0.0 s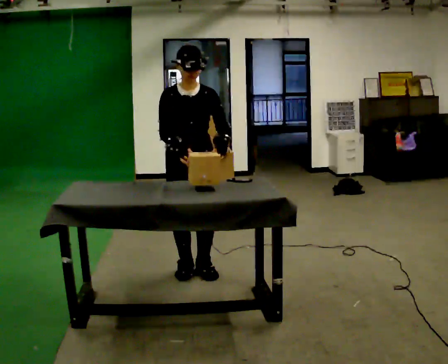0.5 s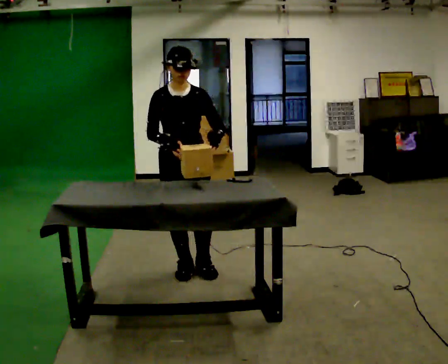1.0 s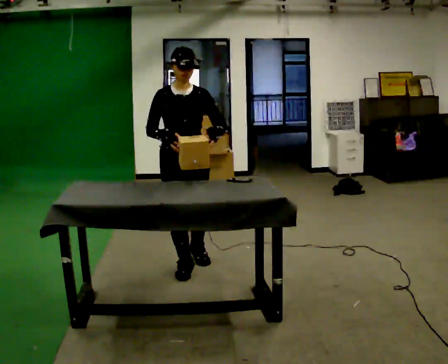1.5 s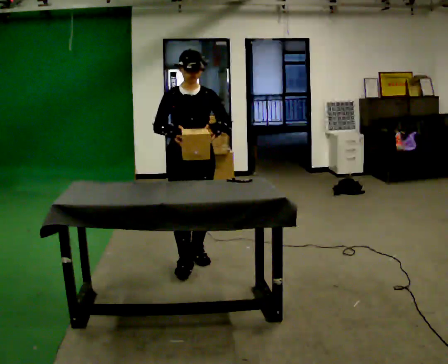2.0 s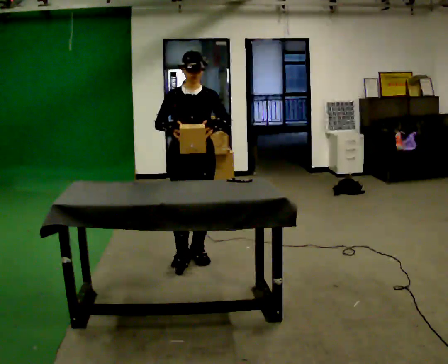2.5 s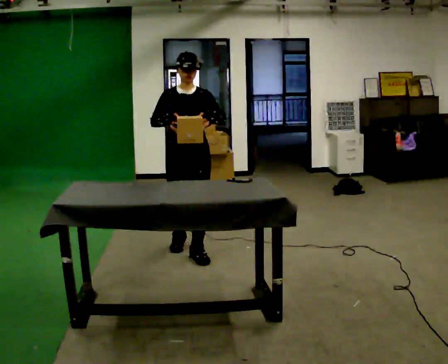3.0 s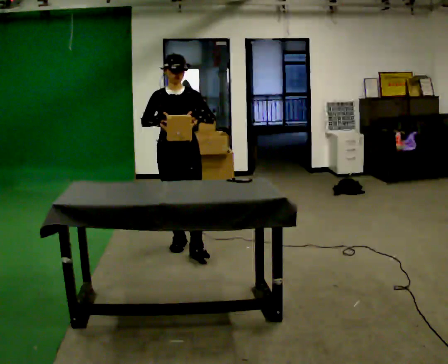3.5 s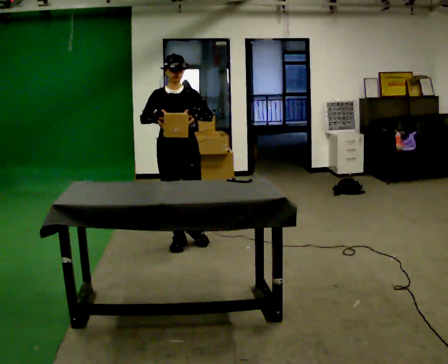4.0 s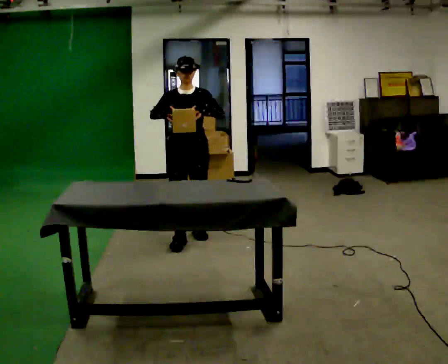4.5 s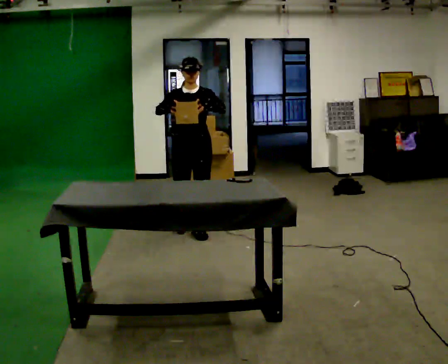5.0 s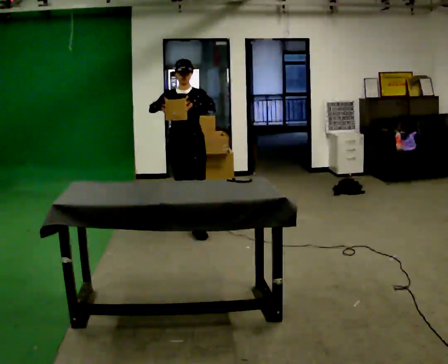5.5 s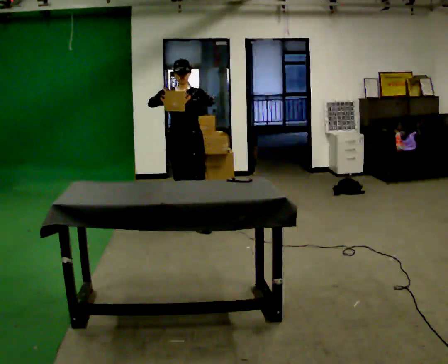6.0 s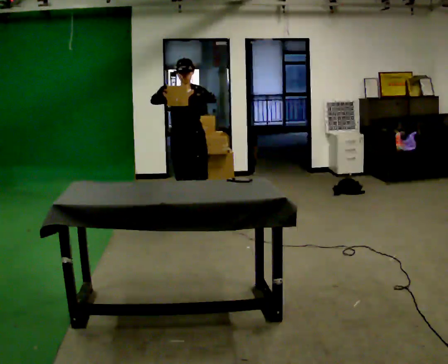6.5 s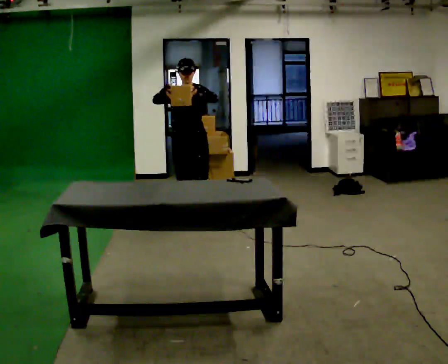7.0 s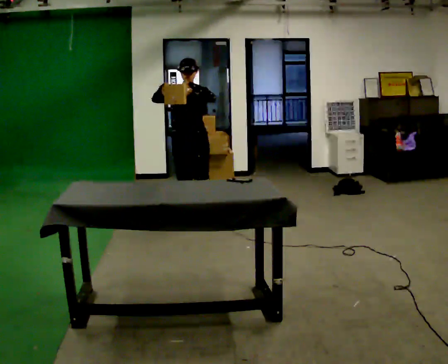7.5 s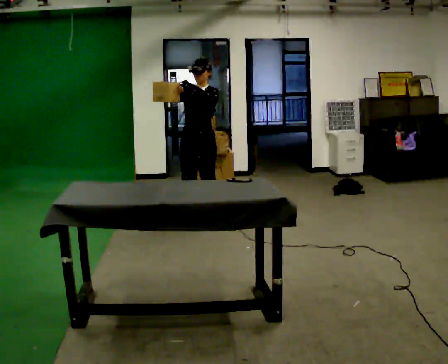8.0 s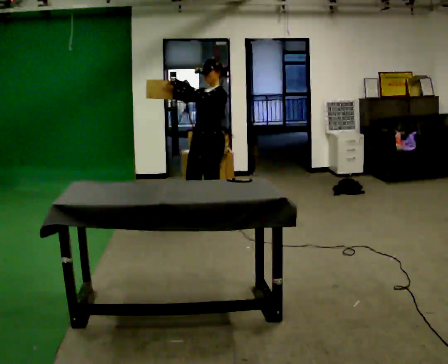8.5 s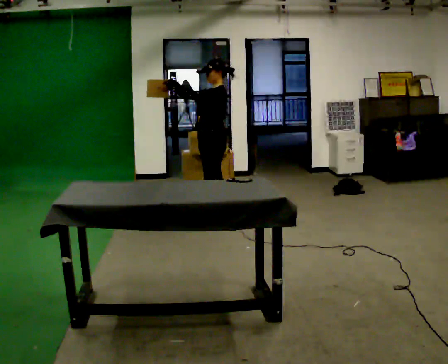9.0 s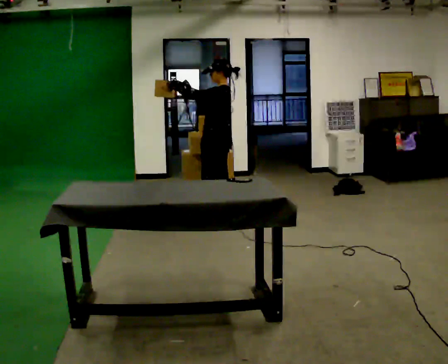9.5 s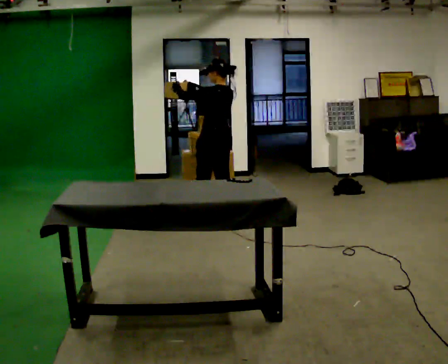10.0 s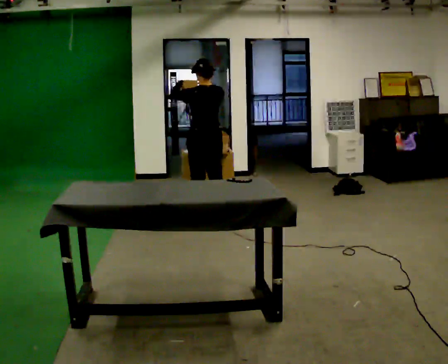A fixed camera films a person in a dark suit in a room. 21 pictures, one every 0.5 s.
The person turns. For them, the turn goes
to their right.
The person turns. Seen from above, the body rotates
clockwise.
0.0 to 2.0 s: In the picture they go away from the camera, about 0.25 m in 2 steps, which for them is backward.
2.0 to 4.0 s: In the picture they go away from the camera, about 0.5 m in 1 step, which for them is backward.
4.0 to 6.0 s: In the picture they go away from the camera, about 0.5 m in 2 steps, which for them is backward.
6.0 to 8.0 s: The person turns about 60 degrees to their right, clockwise seen from above, so the part of the body nearest the lens slides to the left. In the picture they go to the right, about 0.25 m in 1 step, which for them is to their left.
8.0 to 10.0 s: The person turns about 105 degrees to their right, clockwise seen from above, so the part of the body nearest the lens slides to the left. In the picture they go away from the camera, about 0.25 m.
The film runs backward here.
